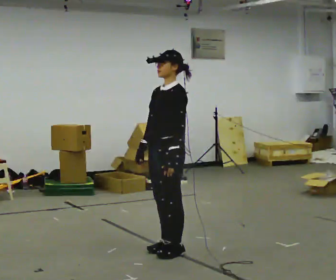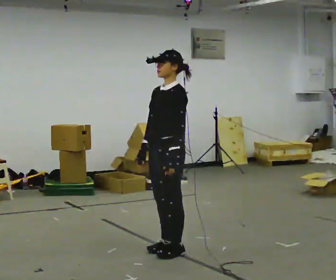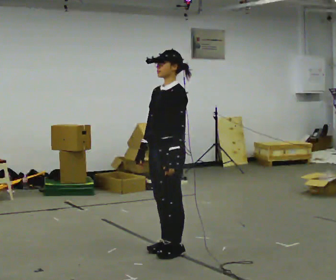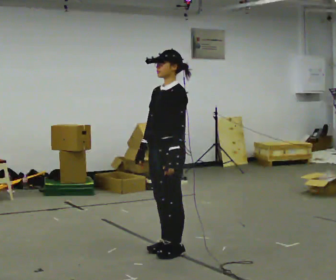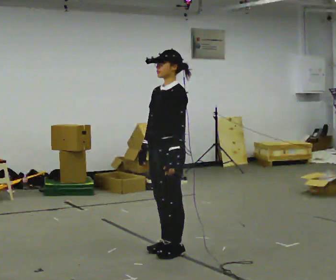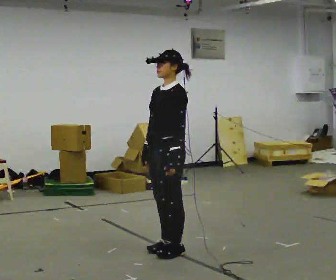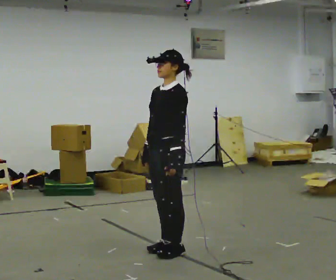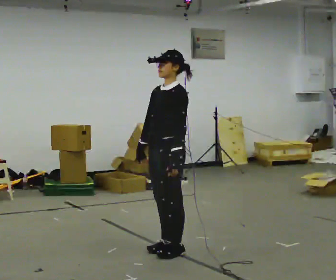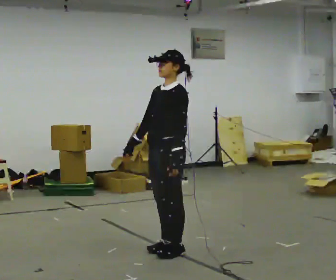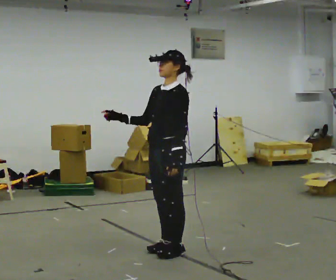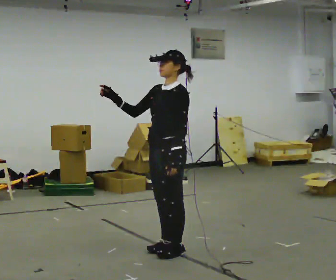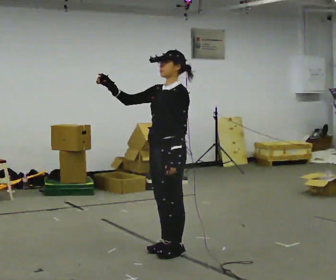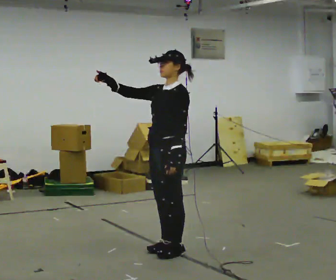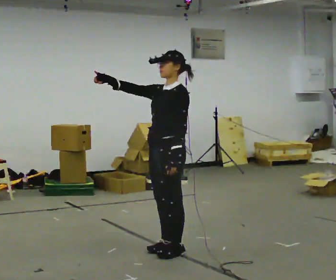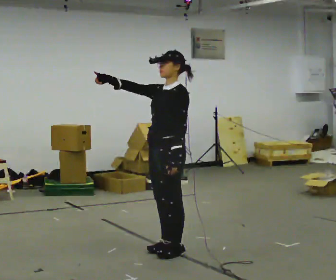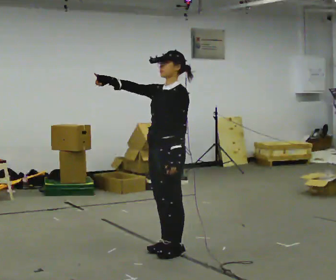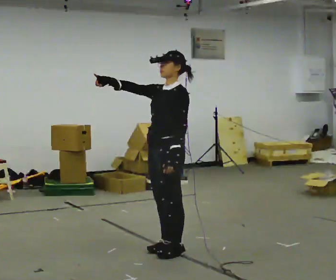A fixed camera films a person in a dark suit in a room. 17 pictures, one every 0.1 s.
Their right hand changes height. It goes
upward.
Their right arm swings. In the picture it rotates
clockwise.
0.0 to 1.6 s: In the picture their right hand goes upward, the arm swinging clockwise.
The film runs backward here.
